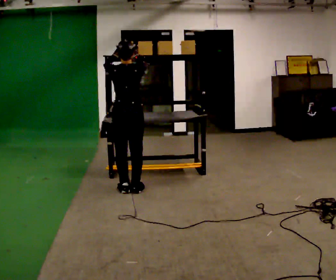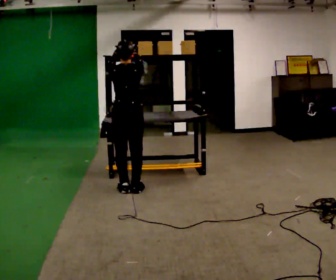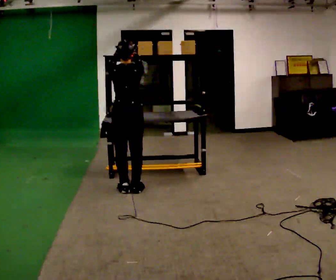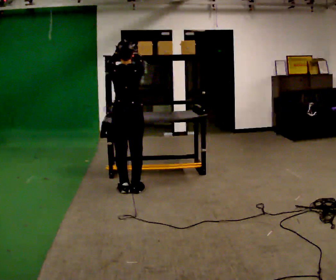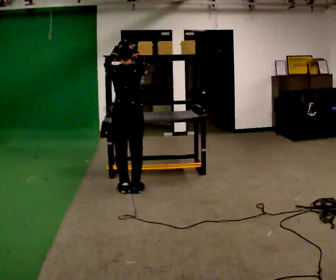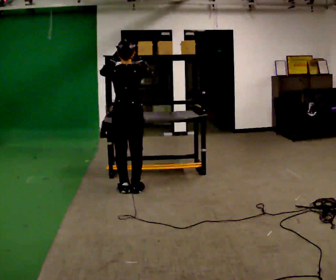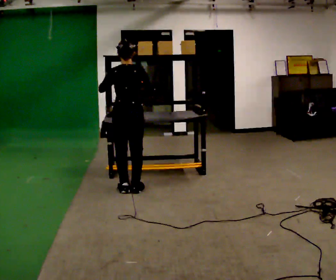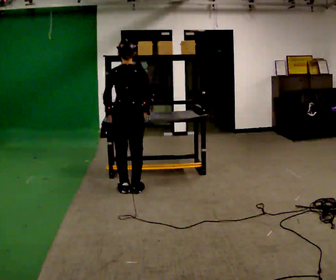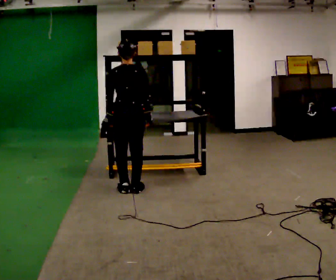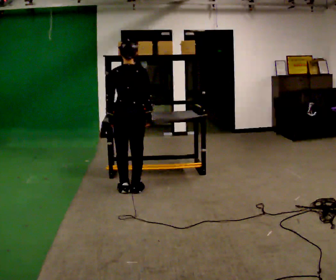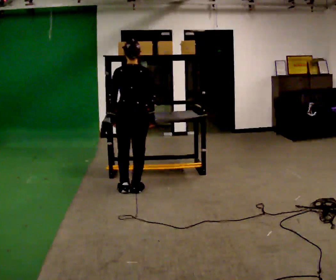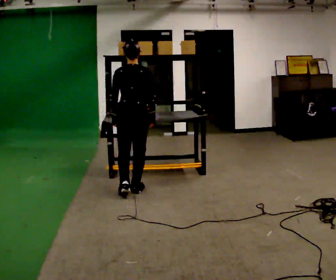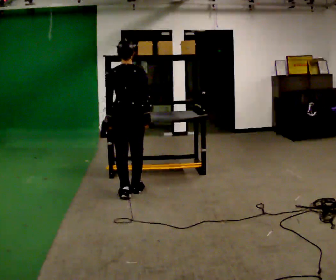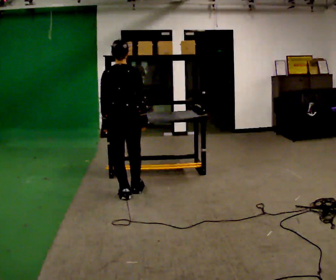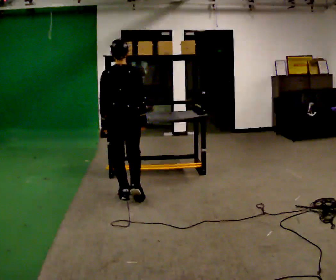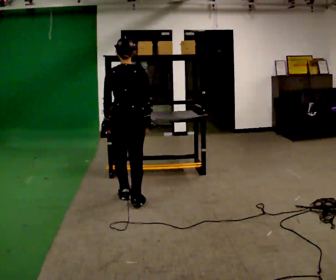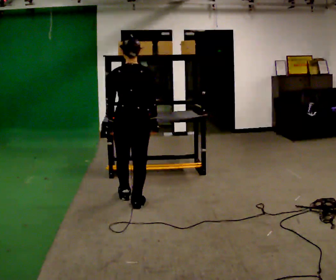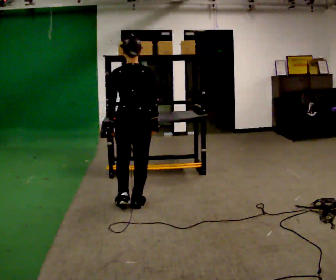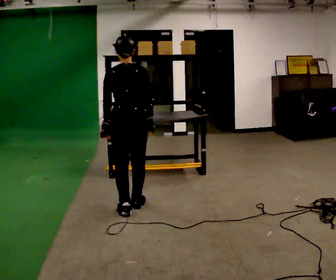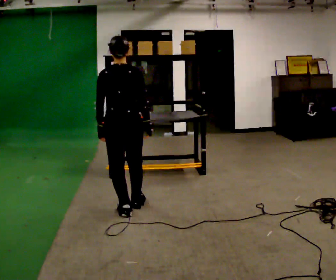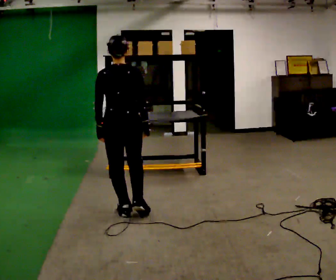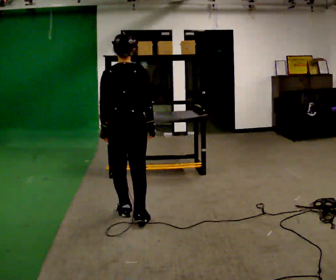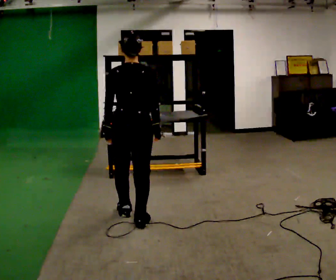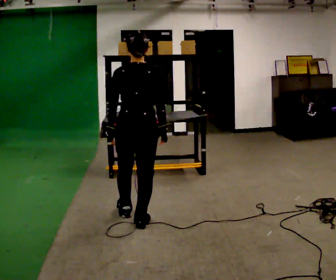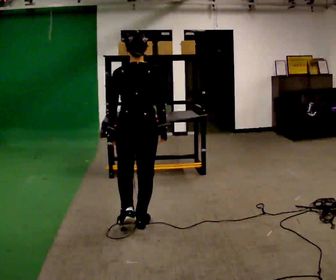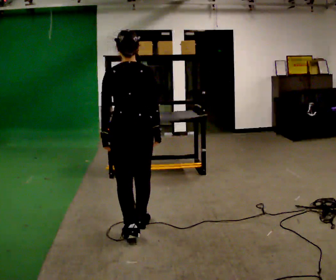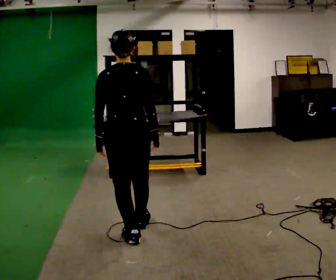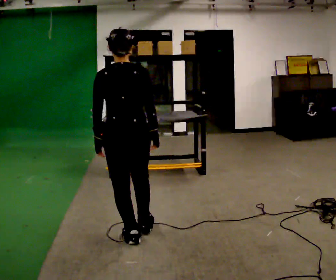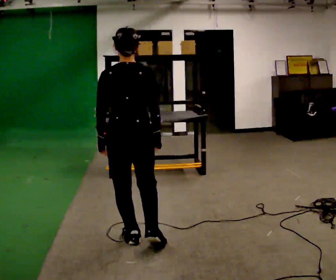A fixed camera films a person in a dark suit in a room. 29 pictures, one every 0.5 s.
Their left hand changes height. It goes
downward.
Their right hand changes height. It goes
downward.
0.0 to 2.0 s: The person moves a little, or ends about where they began.
2.0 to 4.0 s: In the picture their right hand goes downward.
4.0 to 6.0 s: The person moves a little, or ends about where they began.
6.0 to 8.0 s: In the picture they go toward the camera, about 0.25 m in 1 step, which for them is backward.
8.0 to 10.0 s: In the picture they go toward the camera, about 0.25 m in 2 steps, which for them is backward.
10.0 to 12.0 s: In the picture they go toward the camera, about 0.25 m in 1 step, which for them is backward and to their right.
12.0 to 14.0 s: In the picture they go toward the camera, about 0.25 m in 1 step, which for them is backward.
The film runs backward here.
